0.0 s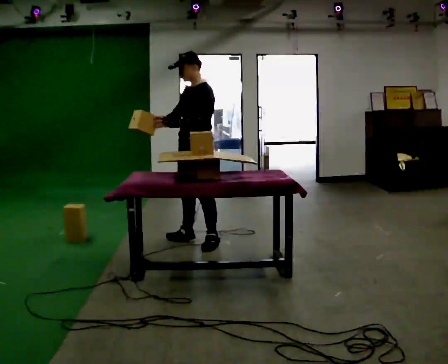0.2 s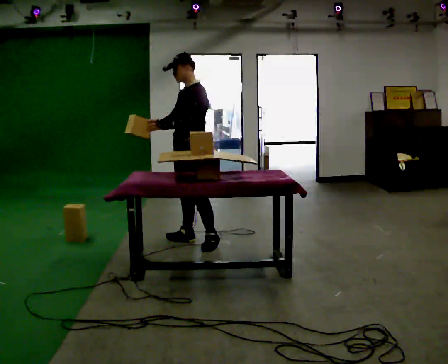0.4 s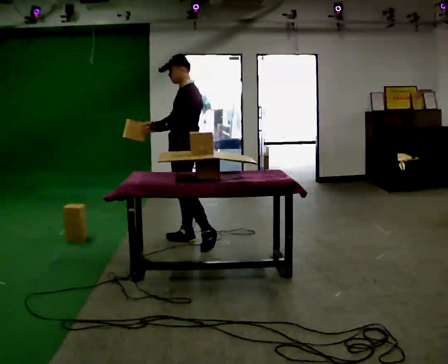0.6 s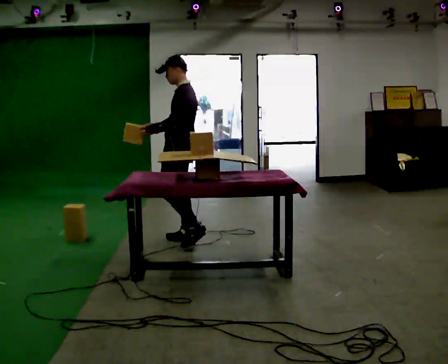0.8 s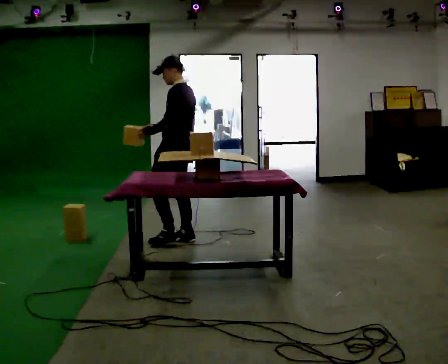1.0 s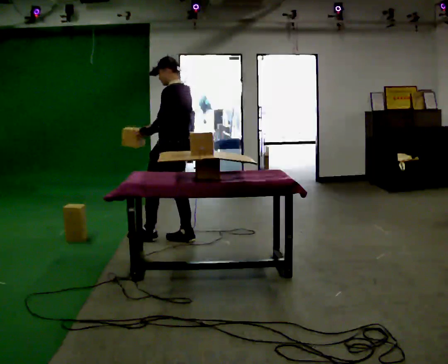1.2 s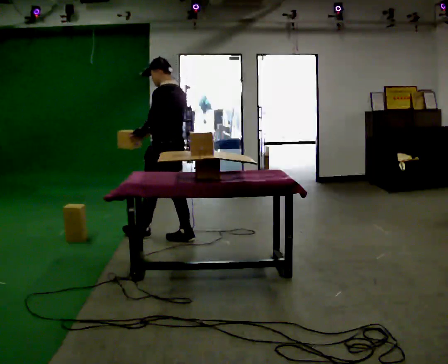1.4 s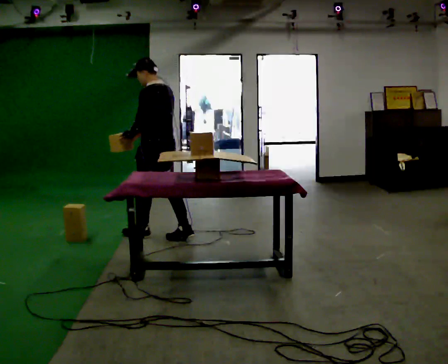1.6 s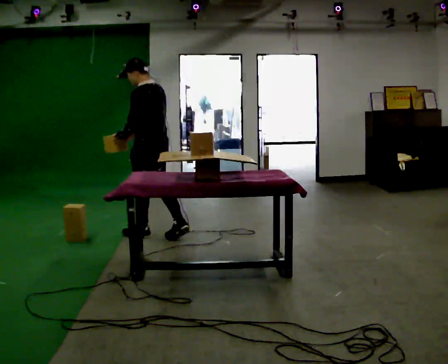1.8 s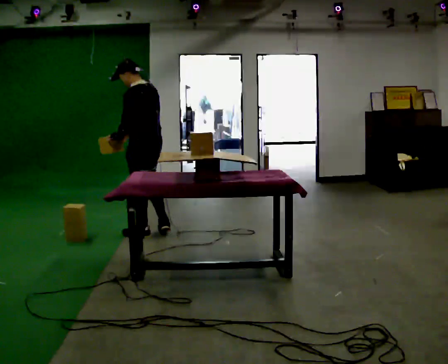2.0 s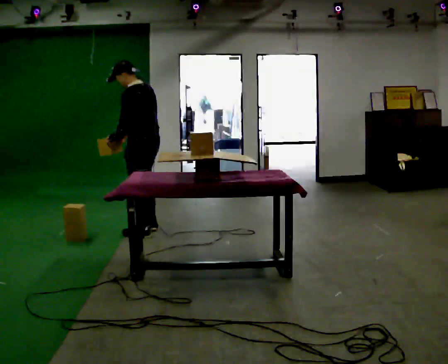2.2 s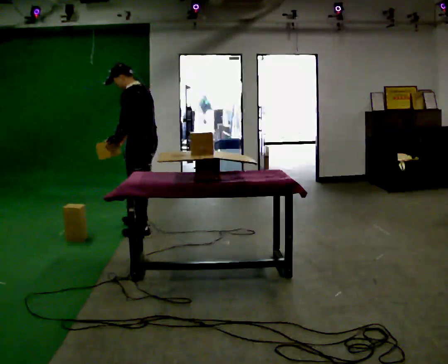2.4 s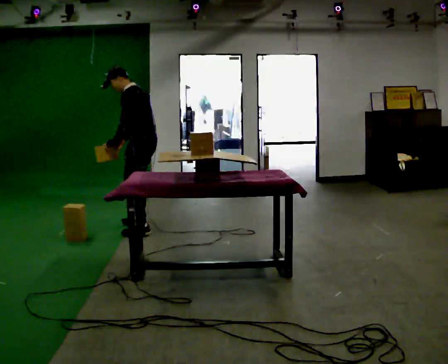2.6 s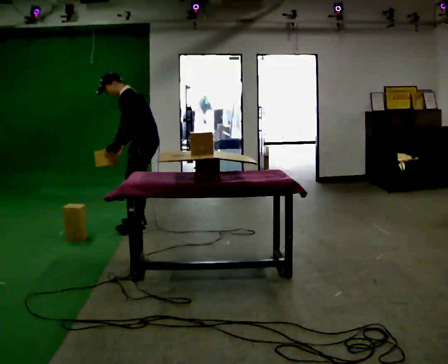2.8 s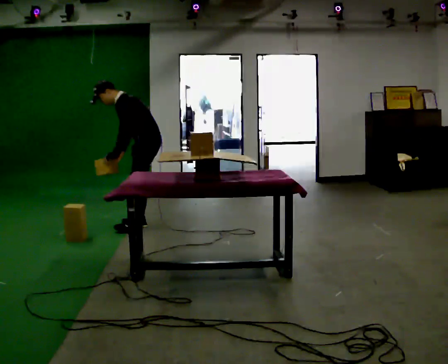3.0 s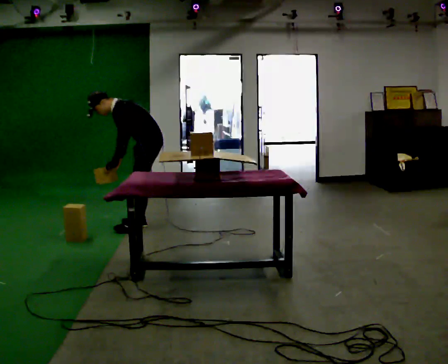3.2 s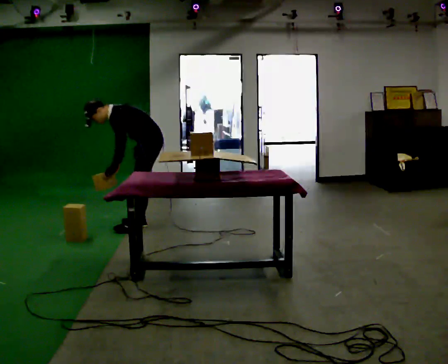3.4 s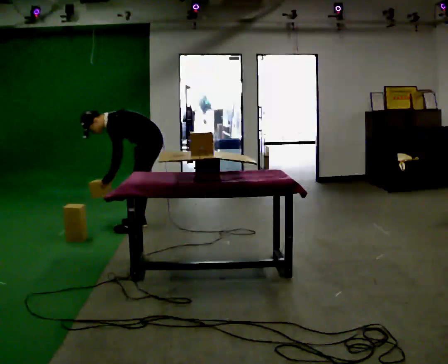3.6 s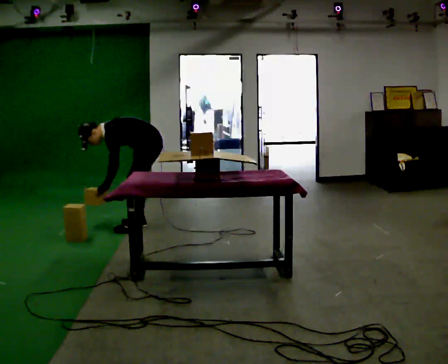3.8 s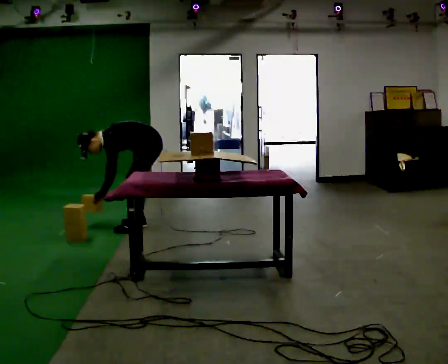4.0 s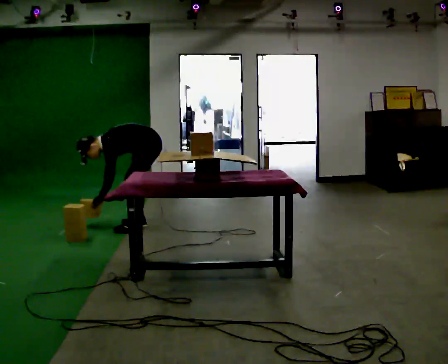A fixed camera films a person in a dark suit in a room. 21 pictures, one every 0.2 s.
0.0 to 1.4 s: The person turns about 60 degrees to their right, clockwise seen from above, so the part of the body nearest the lens slides to the left. In the picture they go to the left and away from the camera, about 0.5 m in 1 step.
1.4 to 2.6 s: Seen from above the body turns counterclockwise, about 30 degrees: to their left, with its near side sliding to the right. In the picture they go away from the camera, about 0.5 m in 1 step, which for them is forward and to their right. In the picture the upper body tilts counterclockwise, shoulders to the left, as they bend forward.
2.6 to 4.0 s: The upper body goes downward. In the picture the upper body tilts counterclockwise, shoulders to the left, as they bend forward. In the picture their left hand goes downward.
The film runs forward here.
